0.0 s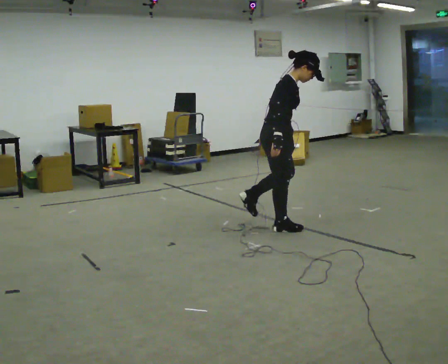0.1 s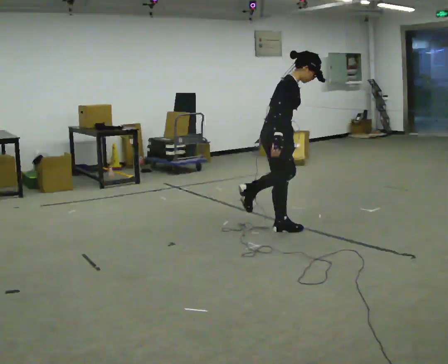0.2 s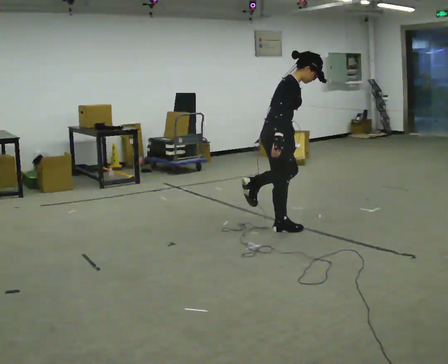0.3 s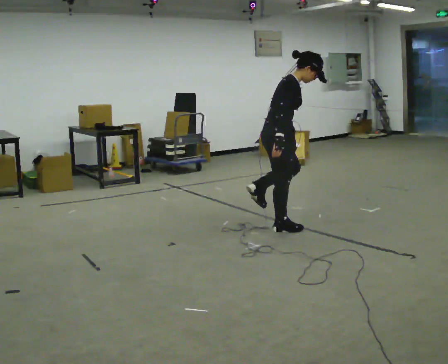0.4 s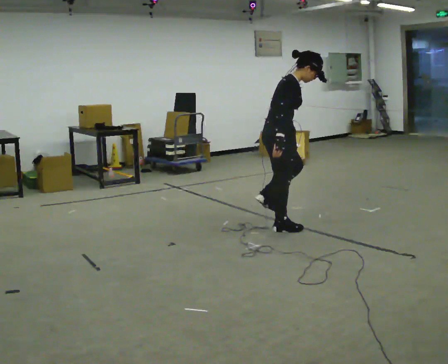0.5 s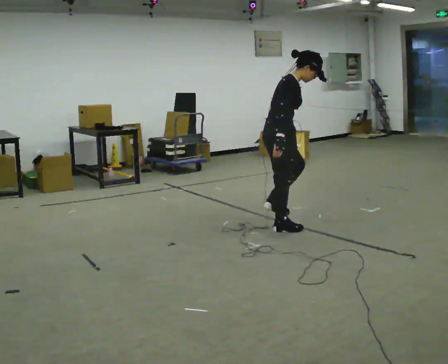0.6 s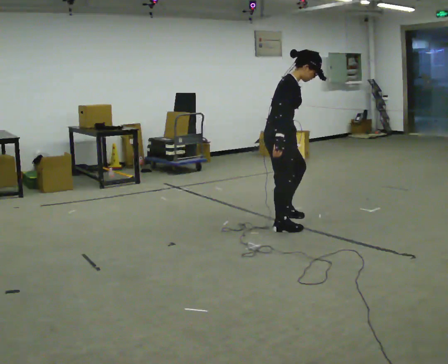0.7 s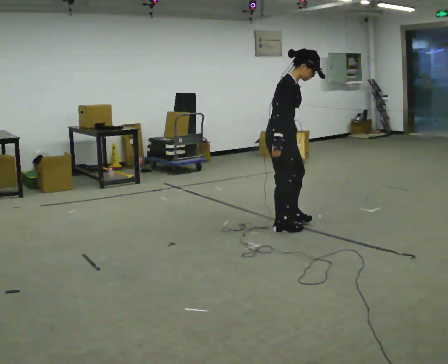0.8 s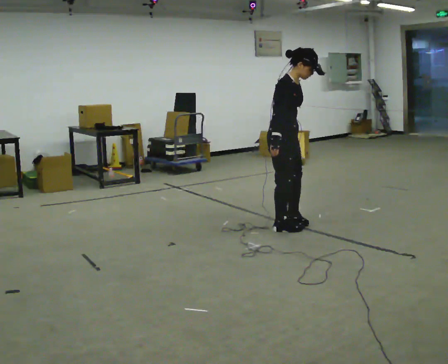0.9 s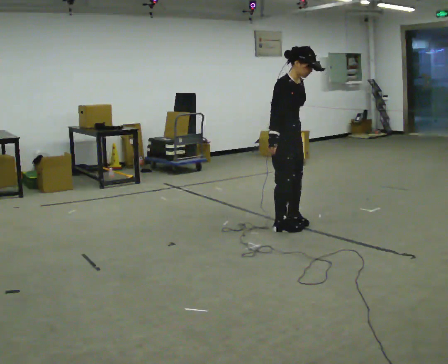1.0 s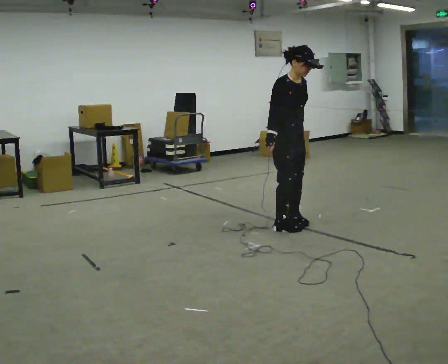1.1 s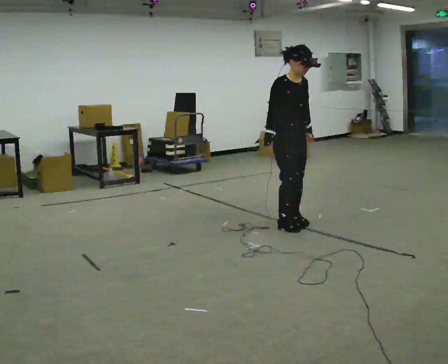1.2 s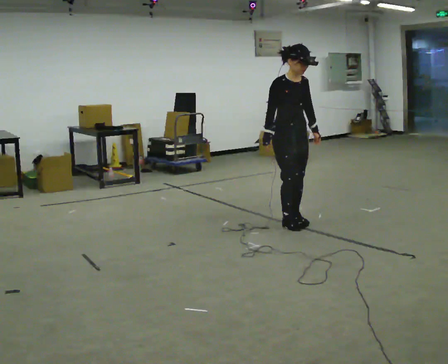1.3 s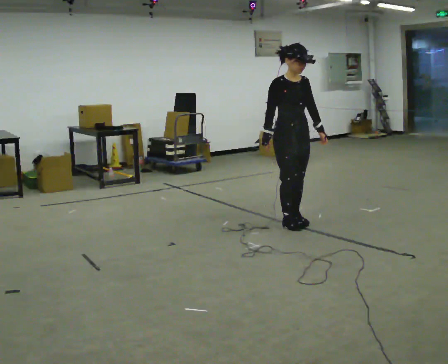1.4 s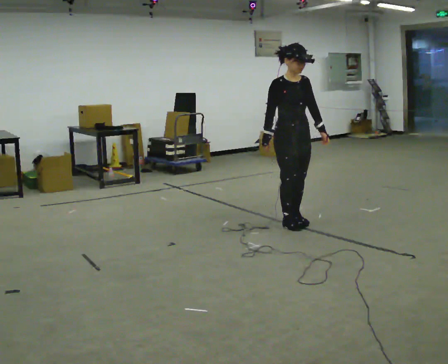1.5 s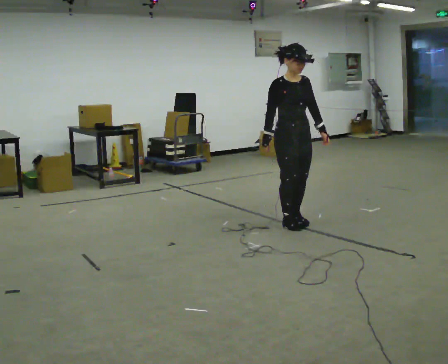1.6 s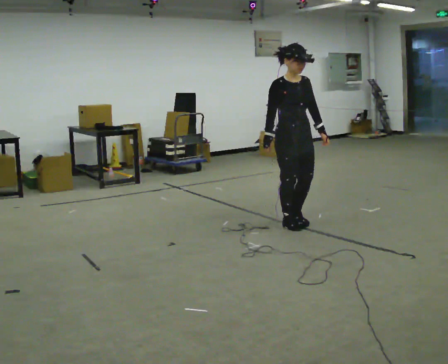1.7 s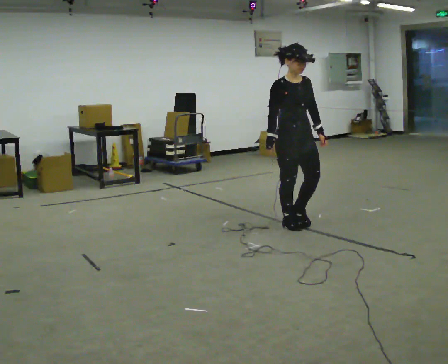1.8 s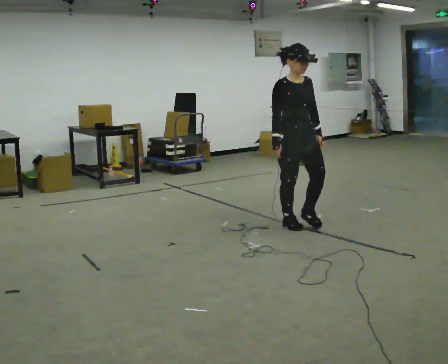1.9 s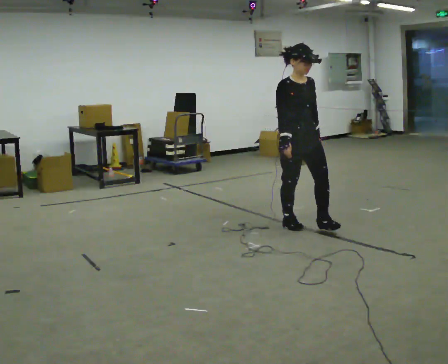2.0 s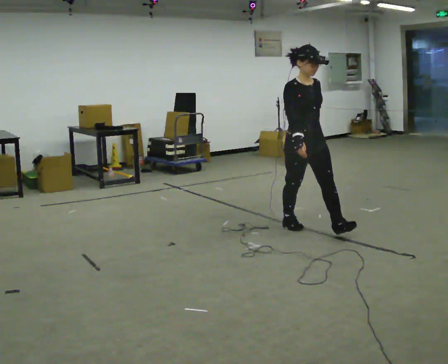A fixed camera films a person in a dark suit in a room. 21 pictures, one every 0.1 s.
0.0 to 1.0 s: The part of the body nearest the lens slides to the left as the person turns to their right by about 45 degrees.
1.0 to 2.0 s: In the picture they go toward the camera, about 0.25 m in 1 step, which for them is forward.
The film runs forward here.
